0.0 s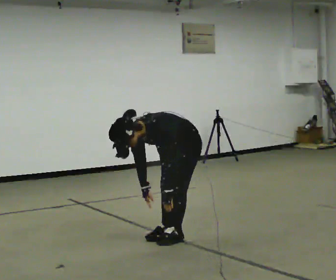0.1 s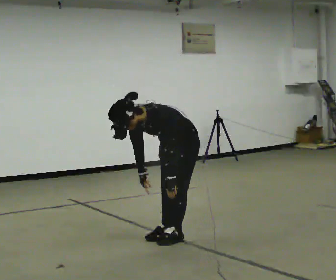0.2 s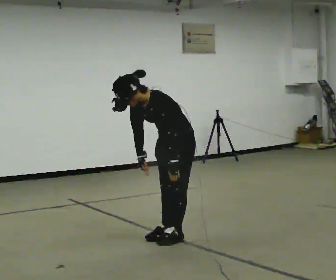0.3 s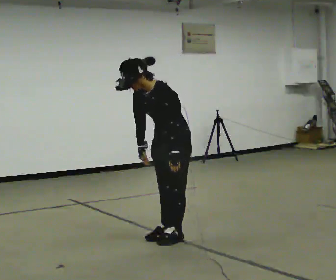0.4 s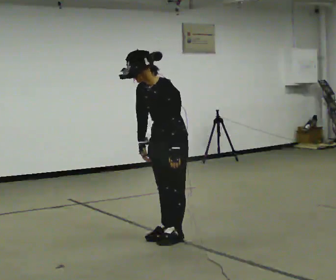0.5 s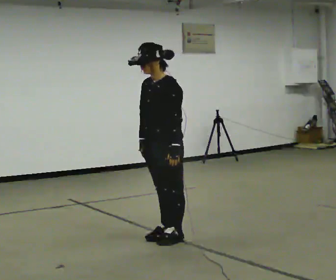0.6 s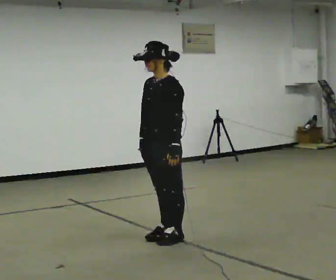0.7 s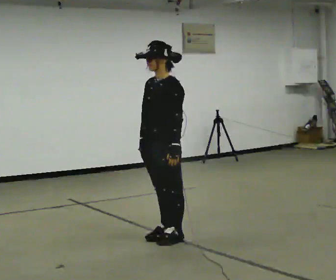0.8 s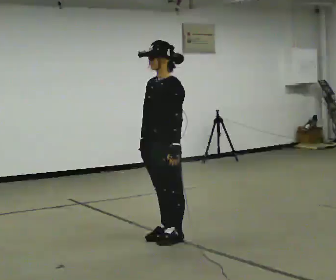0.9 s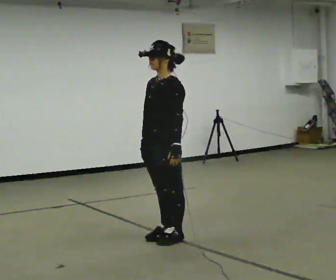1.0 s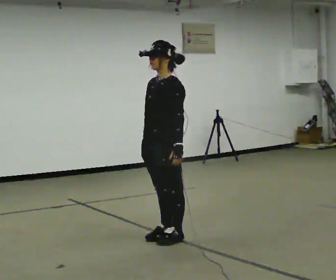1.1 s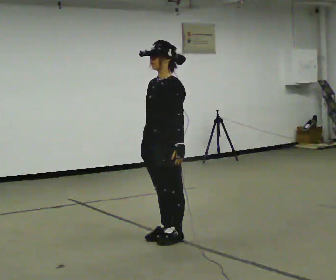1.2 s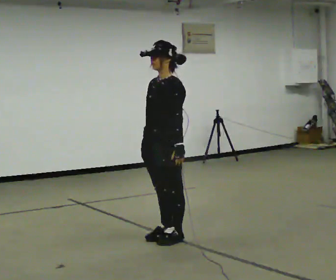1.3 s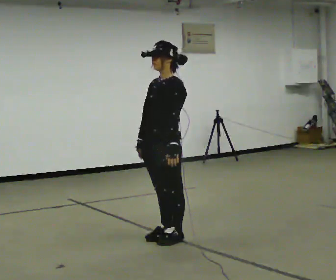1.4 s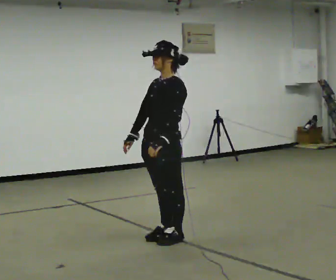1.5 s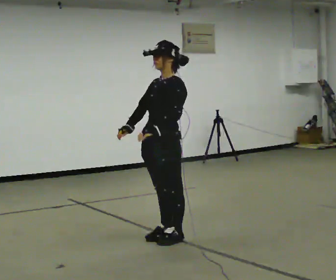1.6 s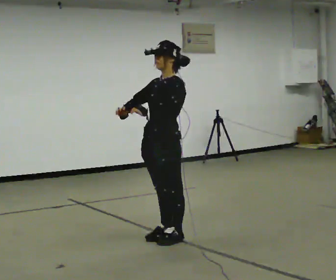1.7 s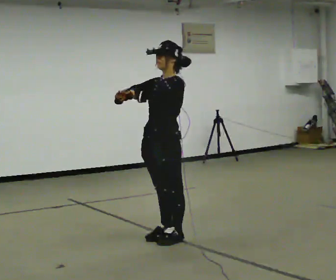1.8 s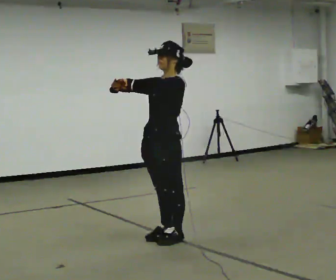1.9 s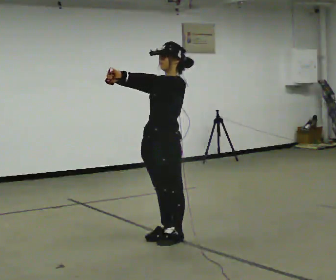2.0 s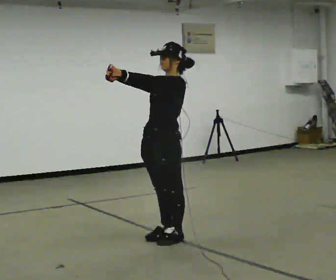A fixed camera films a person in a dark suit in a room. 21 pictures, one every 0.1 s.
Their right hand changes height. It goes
upward.
Their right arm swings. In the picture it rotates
clockwise.
0.0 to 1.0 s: In the picture they go to the left, about 0.25 m, which for them is forward. The shoulders move upward. In the picture the upper body tilts clockwise, shoulders to the right, as they lean back or straighten. In the picture their left hand goes upward.
1.0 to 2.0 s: In the picture their right hand goes upward, the arm swinging clockwise.
The film runs backward here.
